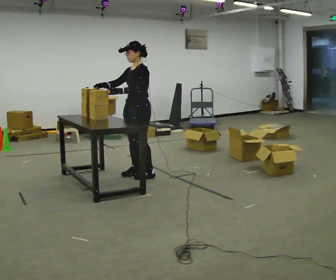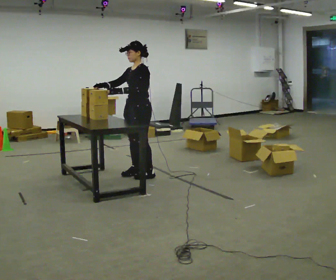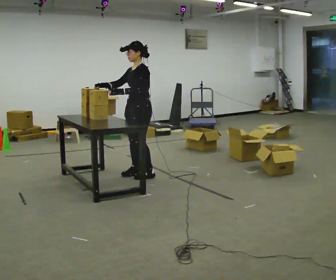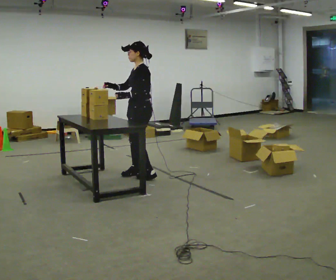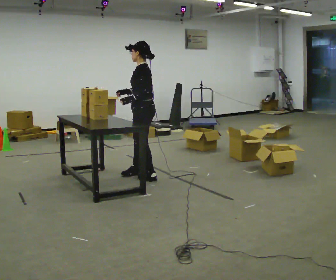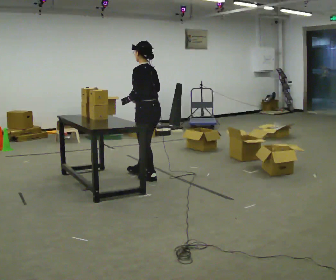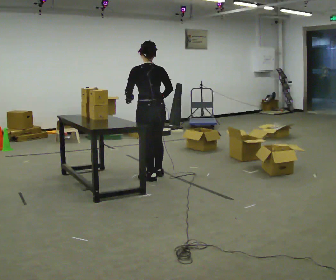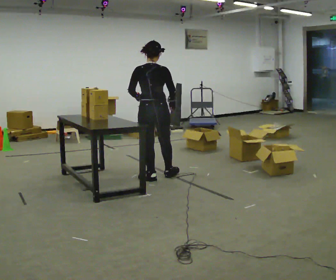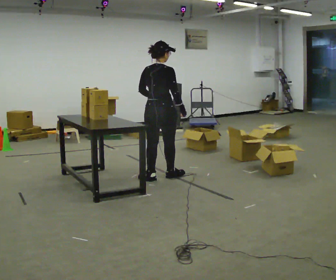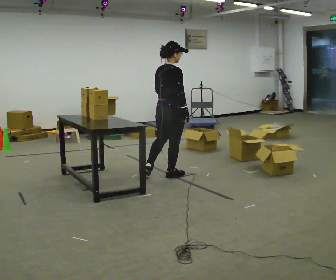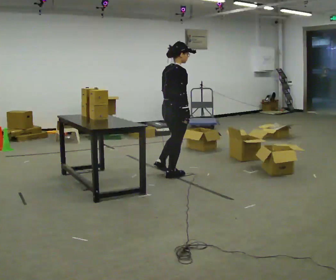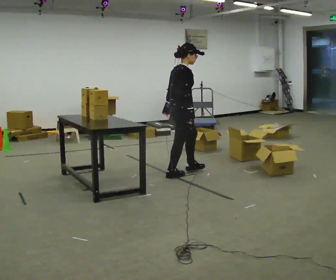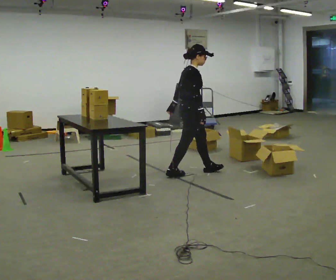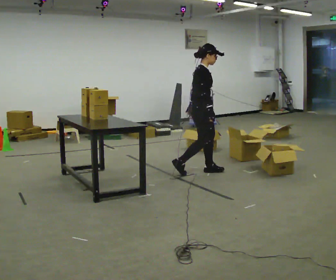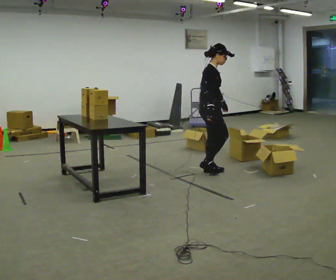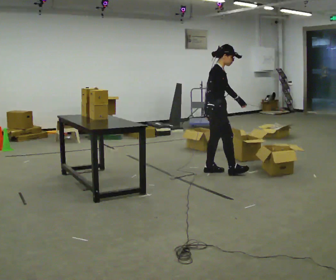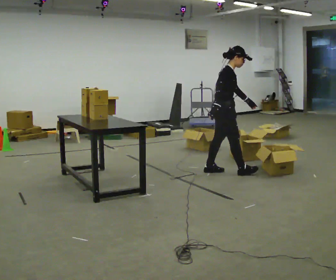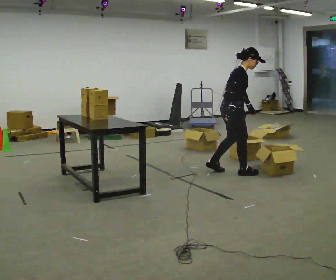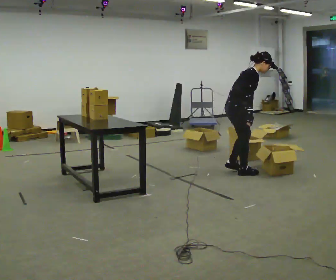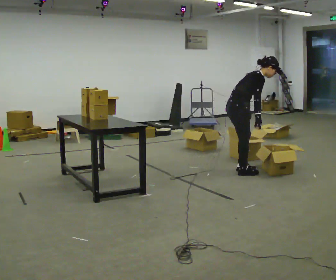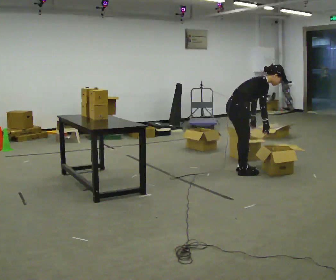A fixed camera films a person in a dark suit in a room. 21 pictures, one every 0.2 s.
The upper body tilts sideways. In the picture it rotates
clockwise.
The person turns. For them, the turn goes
to their right.
0.0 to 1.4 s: Seen from above the body turns clockwise, about 120 degrees: to their right, with its near side sliding to the left. In the picture they go toward the camera and to the right, about 0.25 m in 1 step.
1.4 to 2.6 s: Seen from above the body turns clockwise, about 105 degrees: to their right, with its near side sliding to the left. In the picture they go to the right and away from the camera, about 0.5 m in 1 step.
2.6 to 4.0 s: In the picture they go to the right, about 0.5 m in 2 steps, which for them is forward. In the picture the upper body tilts clockwise, shoulders to the right, as they bend forward.
The film runs forward here.
